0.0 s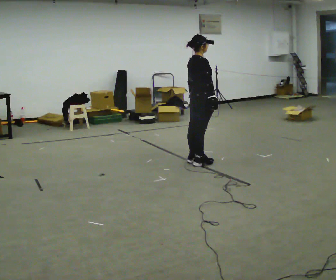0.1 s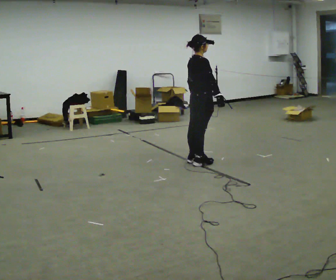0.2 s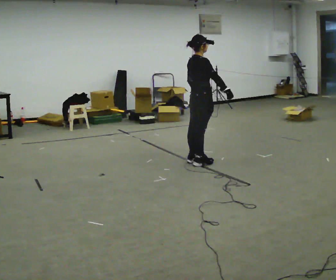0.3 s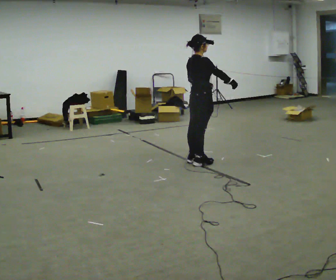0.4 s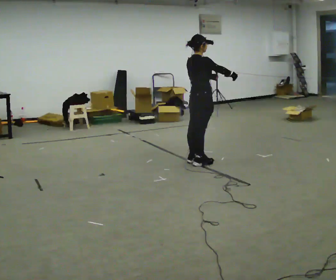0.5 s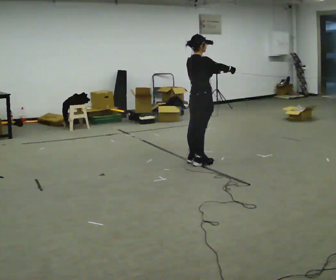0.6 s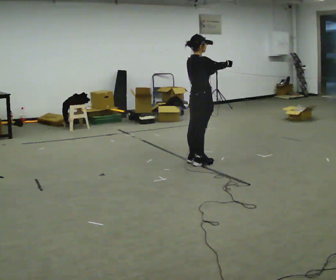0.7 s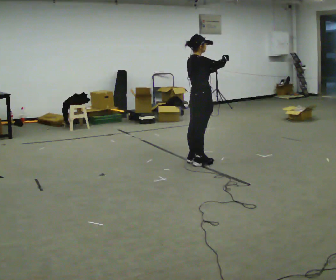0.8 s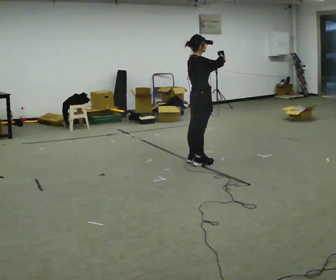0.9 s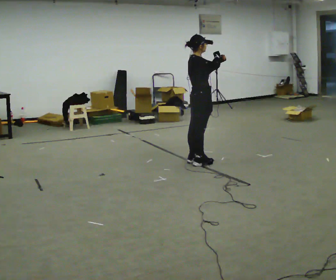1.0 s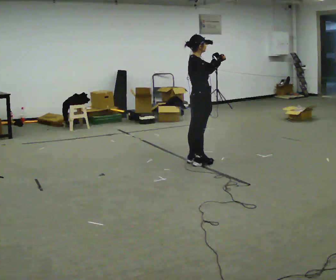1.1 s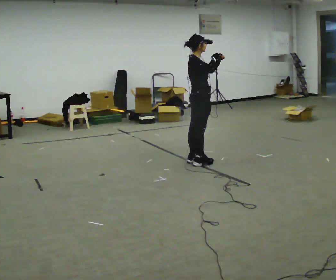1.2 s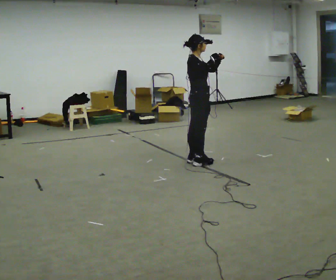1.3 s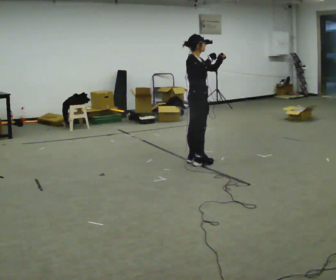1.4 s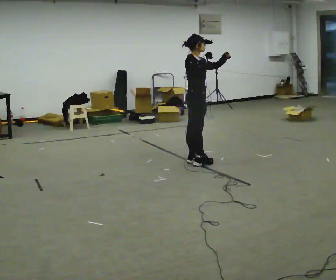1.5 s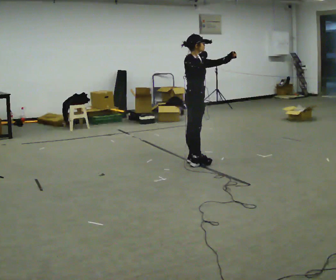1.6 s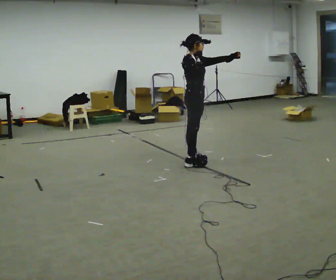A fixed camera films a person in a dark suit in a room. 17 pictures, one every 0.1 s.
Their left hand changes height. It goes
upward.
Their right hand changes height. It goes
upward.
0.0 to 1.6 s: Seen from above the body turns clockwise, about 45 degrees: to their right, with its near side sliding to the left. In the picture their left hand goes upward and to the right.
The film runs forward here.
